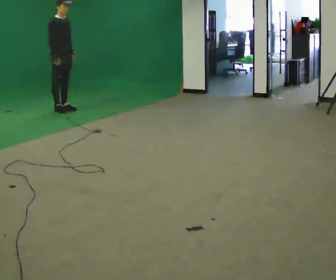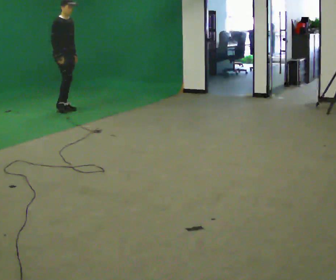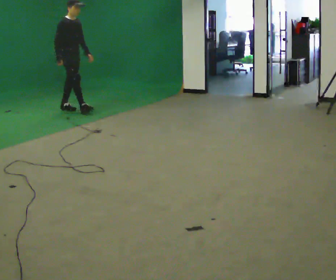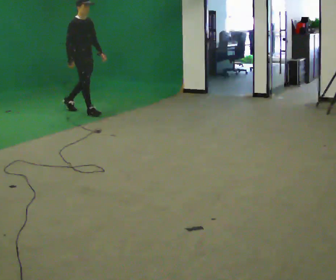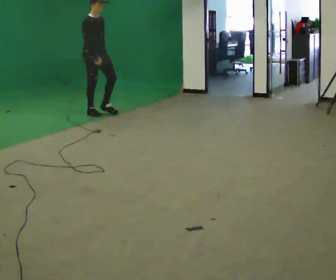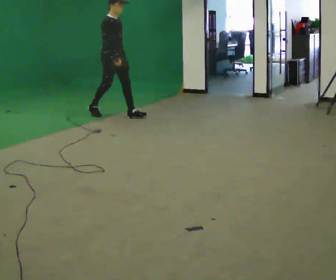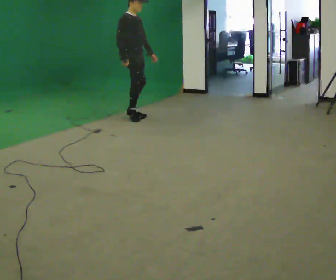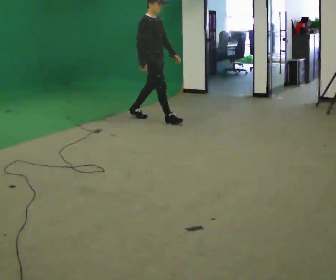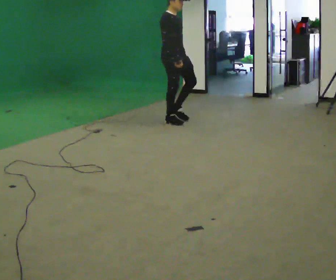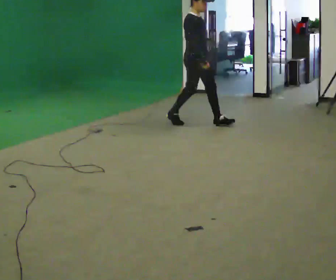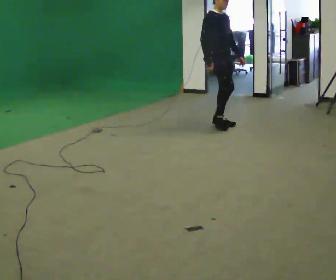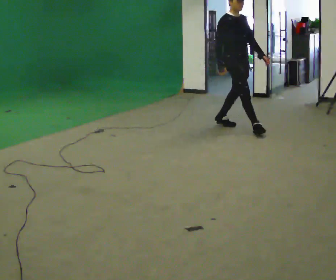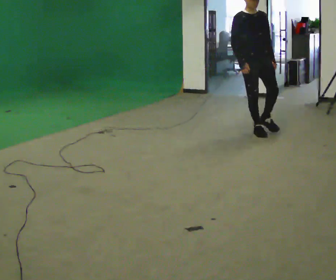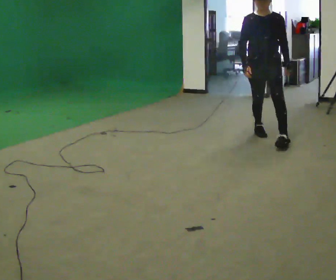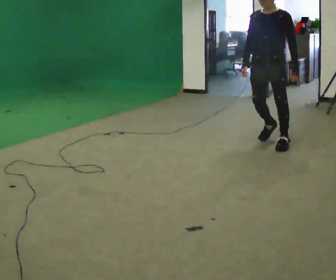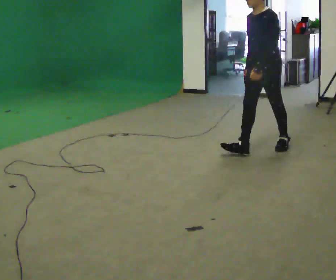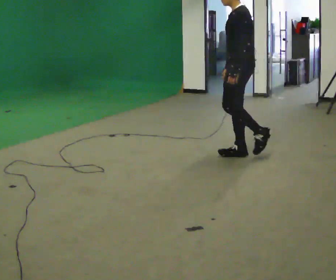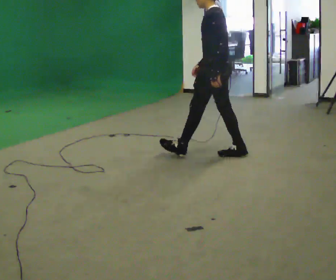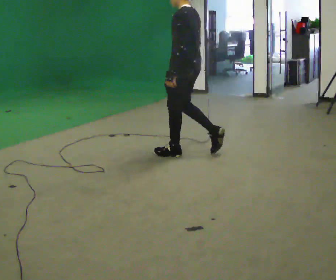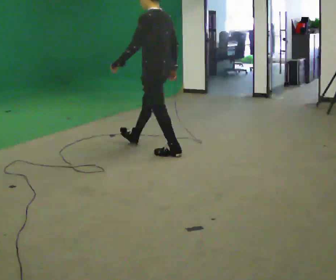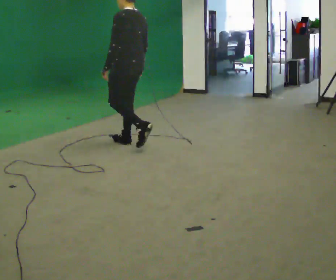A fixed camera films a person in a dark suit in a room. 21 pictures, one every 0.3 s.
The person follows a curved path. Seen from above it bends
clockwise.
The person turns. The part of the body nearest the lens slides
to the left.
0.0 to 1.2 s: In the picture they go to the right and toward the camera, about 0.5 m in 1 step, which for them is forward.
1.2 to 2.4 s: In the picture they go to the right, about 1.5 m in 2 steps, which for them is forward.
2.4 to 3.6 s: Seen from above the body turns clockwise, about 45 degrees: to their right, with its near side sliding to the left. In the picture they go to the right and toward the camera, about 1 m in 2 steps, which for them is forward.
3.6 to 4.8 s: Seen from above the body turns clockwise, about 105 degrees: to their right, with its near side sliding to the left. In the picture they go toward the camera, about 1 m in 2 steps.
4.8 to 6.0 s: Seen from above the body turns clockwise, about 30 degrees: to their right, with its near side sliding to the left. In the picture they go to the left, about 1 m in 2 steps, which for them is forward.
The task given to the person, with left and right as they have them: Walk straight; turn around and walk back; use wide or tight turn.
The film runs forward here.
